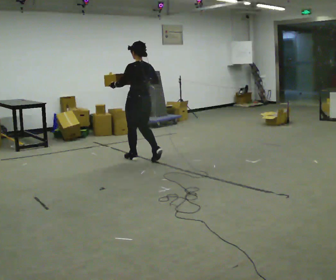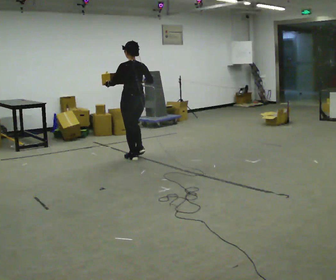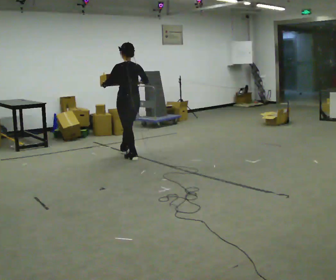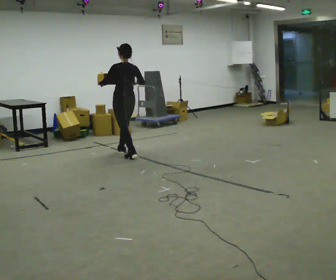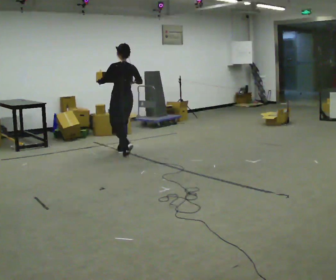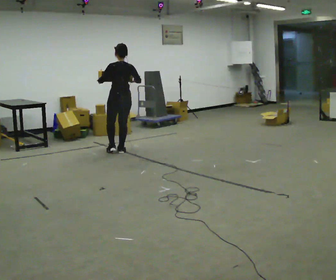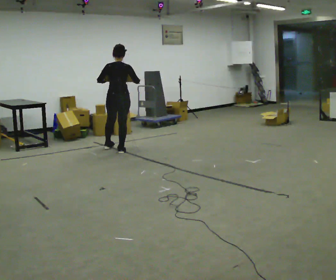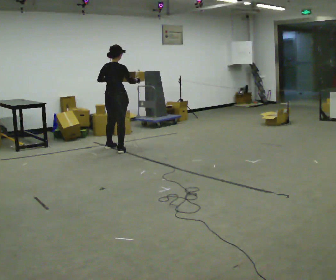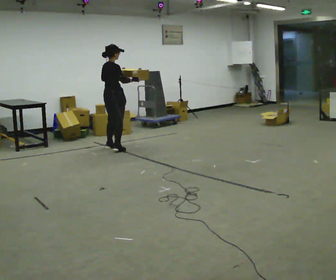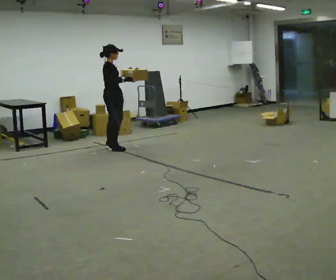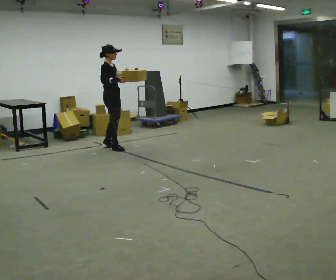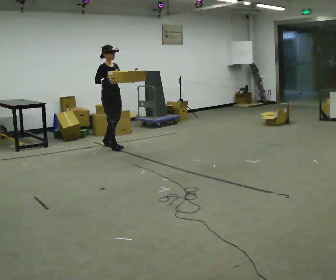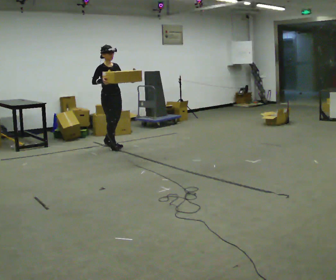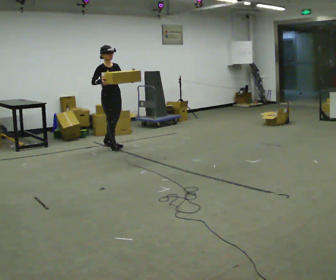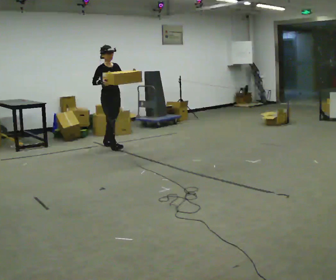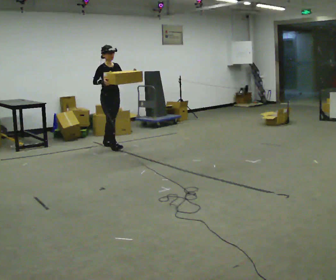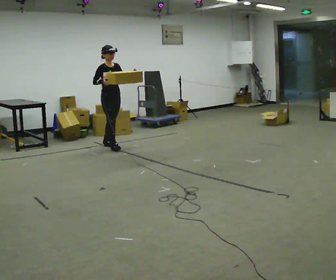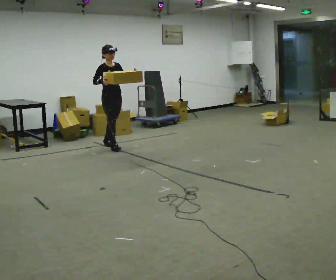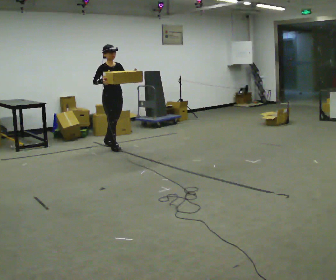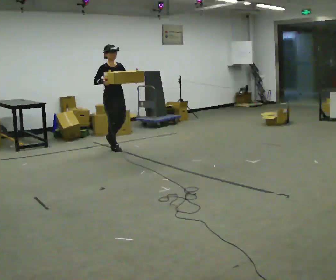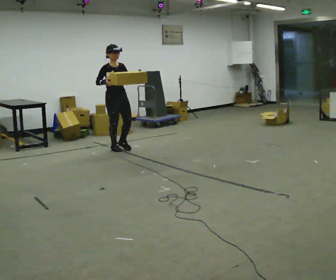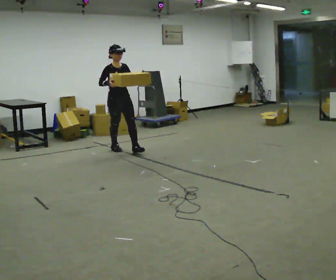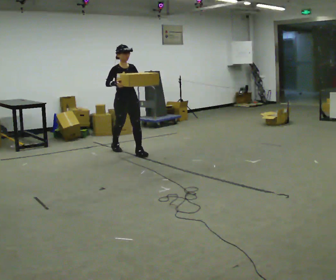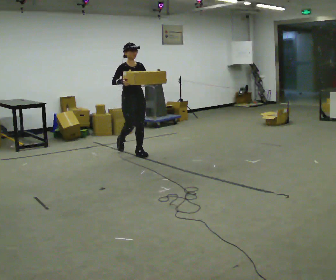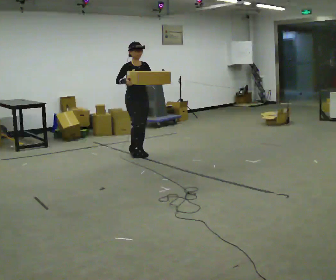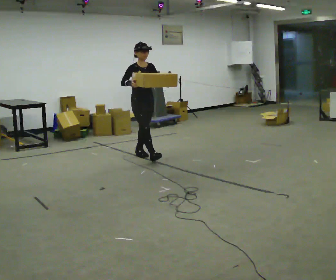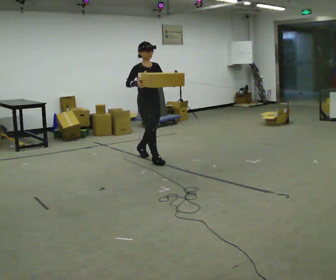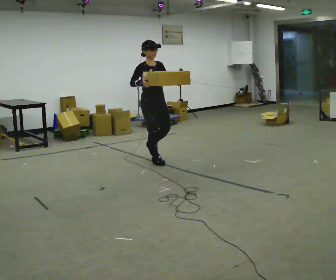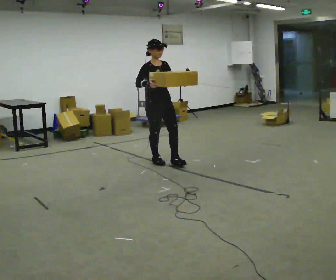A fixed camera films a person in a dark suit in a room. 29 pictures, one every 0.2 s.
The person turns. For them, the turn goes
to their right.
The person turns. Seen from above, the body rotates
clockwise.
0.0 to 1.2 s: The person turns about 30 degrees to their right, clockwise seen from above, so the part of the body nearest the lens slides to the left. In the picture they go away from the camera and to the left, about 0.75 m in 1 step, which for them is forward.
1.2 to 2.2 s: The person turns about 135 degrees to their right, clockwise seen from above, so the part of the body nearest the lens slides to the left. In the picture they go away from the camera, about 0.25 m in 2 steps.
2.2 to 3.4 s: The person moves a little, or ends about where they began.
3.4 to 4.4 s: In the picture they go toward the camera and to the right, about 0.5 m in 1 step, which for them is forward.
4.4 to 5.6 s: In the picture they go toward the camera and to the right, about 1 m in 1 step, which for them is forward.
The film runs forward here.
